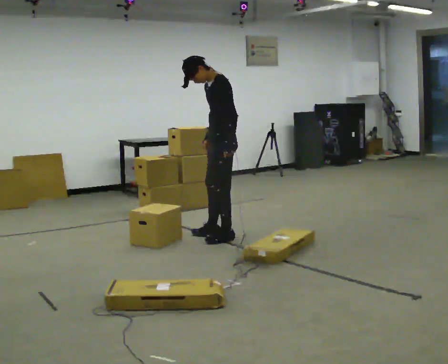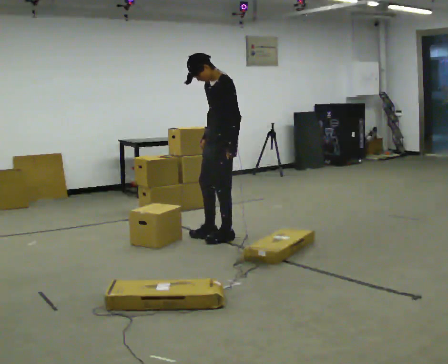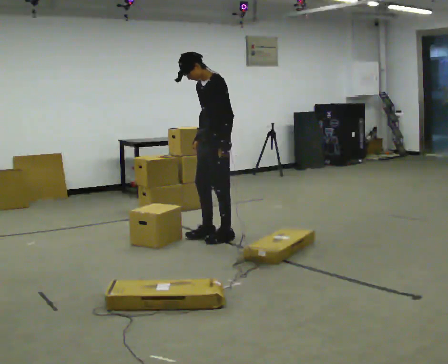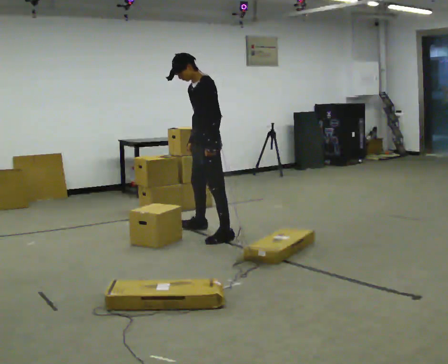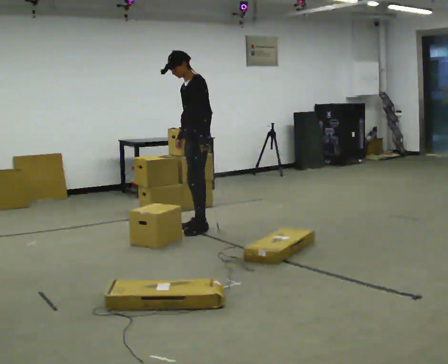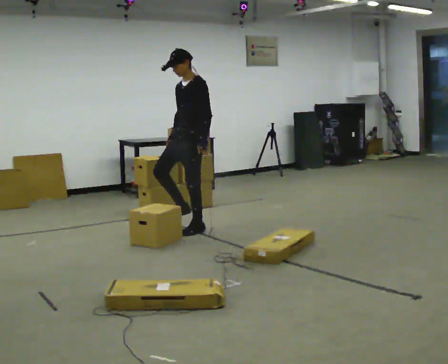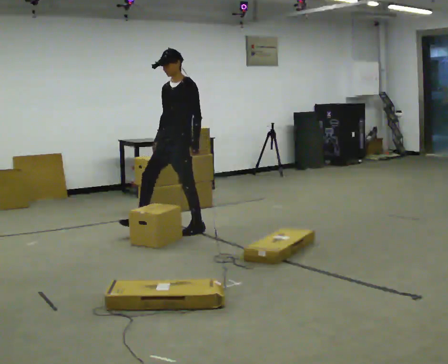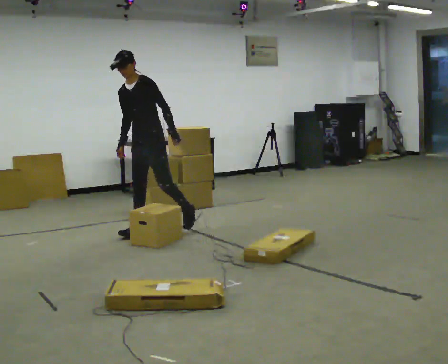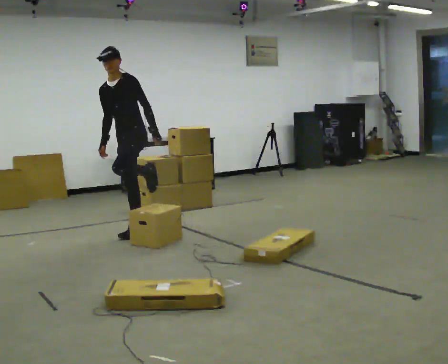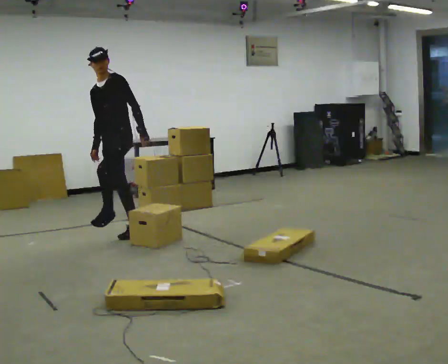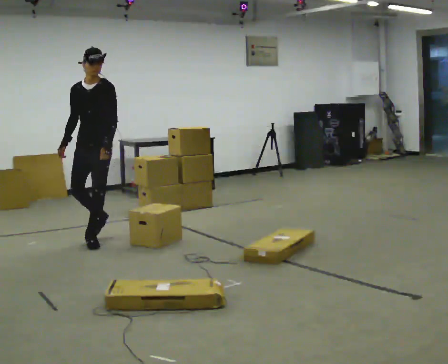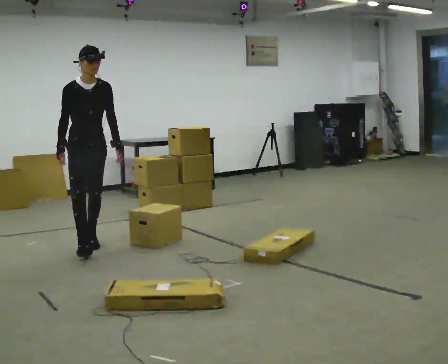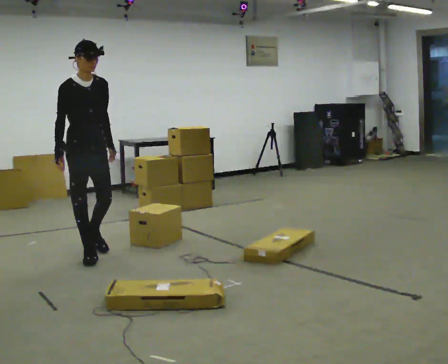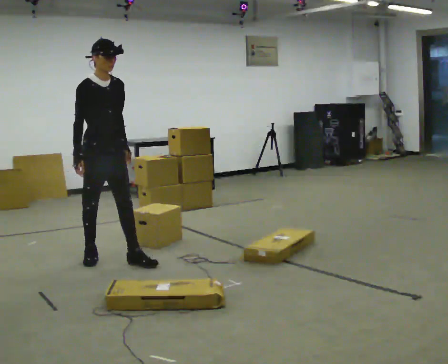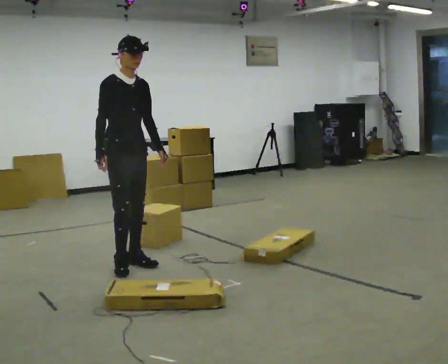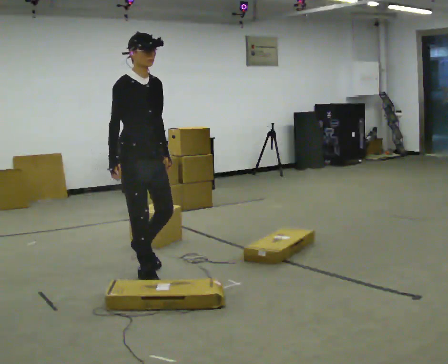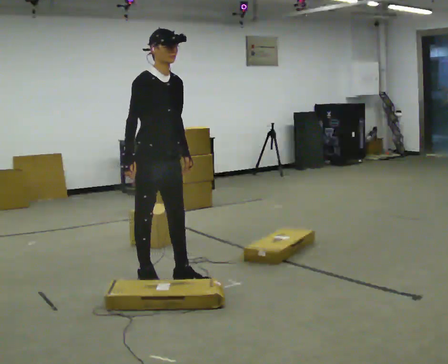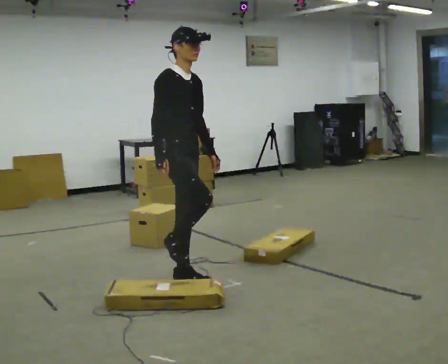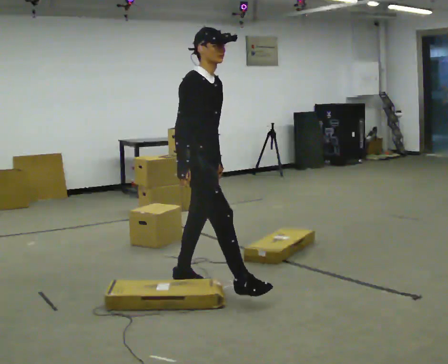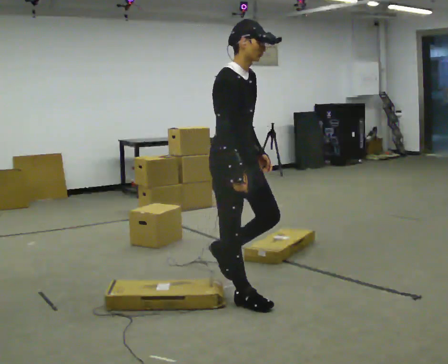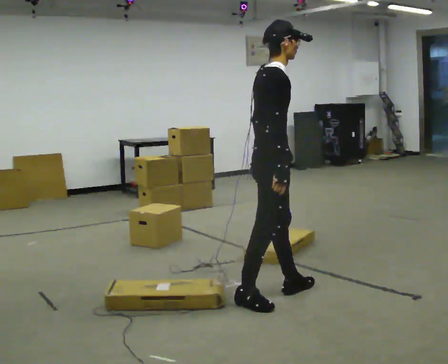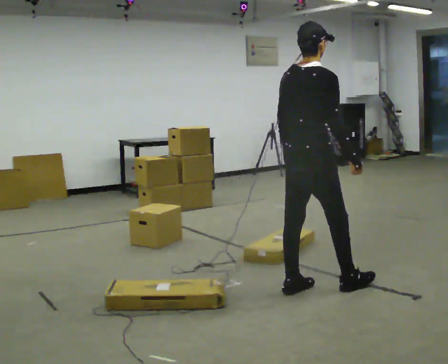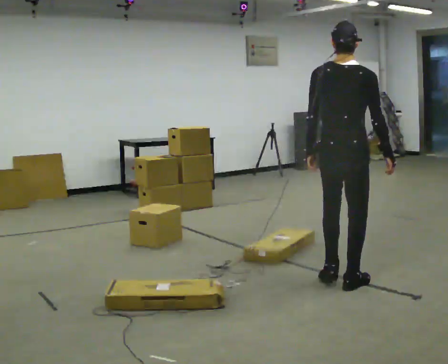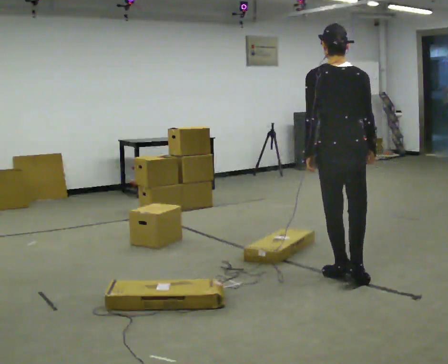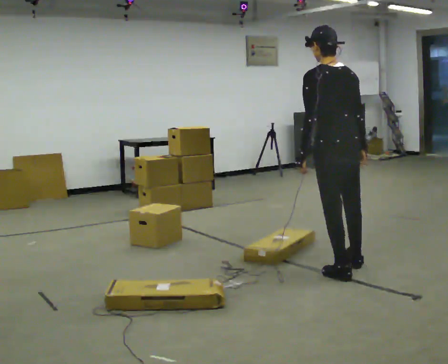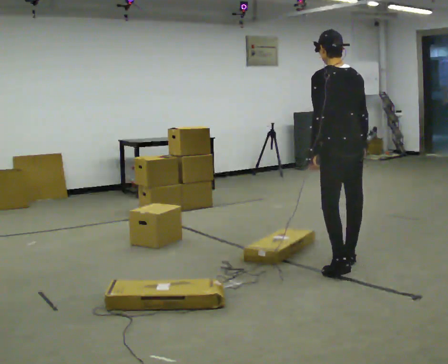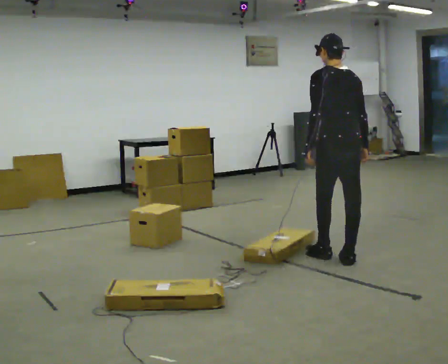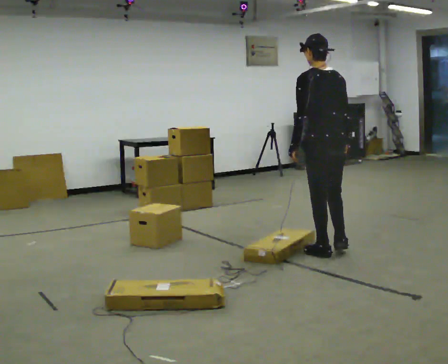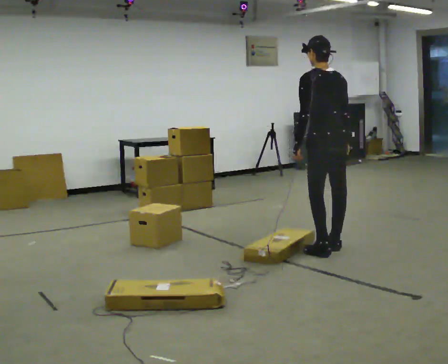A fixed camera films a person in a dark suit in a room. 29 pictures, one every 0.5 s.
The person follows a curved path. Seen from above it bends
counterclockwise.
0.0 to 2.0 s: In the picture they go away from the camera and to the left, about 0.5 m in 1 step, which for them is to their right.
2.0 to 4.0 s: Seen from above the body turns counterclockwise, about 30 degrees: to their left, with its near side sliding to the right. In the picture they go to the left, about 0.75 m in 2 steps, which for them is forward and to their right.
4.0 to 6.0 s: Seen from above the body turns counterclockwise, about 75 degrees: to their left, with its near side sliding to the right. In the picture they go toward the camera and to the left, about 1 m in 2 steps. In the picture the upper body tilts clockwise, shoulders to the right.
6.0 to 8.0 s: In the picture they go toward the camera and to the right, about 1 m in 3 steps, which for them is forward.
8.0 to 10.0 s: Seen from above the body turns counterclockwise, about 45 degrees: to their left, with its near side sliding to the right. In the picture they go to the right and toward the camera, about 1 m in 2 steps, which for them is forward.
10.0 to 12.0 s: The person turns about 105 degrees to their left, counterclockwise seen from above, so the part of the body nearest the lens slides to the right. In the picture they go to the right, about 0.75 m in 2 steps.
12.0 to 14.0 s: In the picture they go away from the camera, about 0.75 m in 3 steps, which for them is forward and to their right.
The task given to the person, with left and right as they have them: Walk across the room at a normal pace, looking ahead. Something may appear in your way. Deal with it however comes naturally and carry on.
The film runs forward here.
